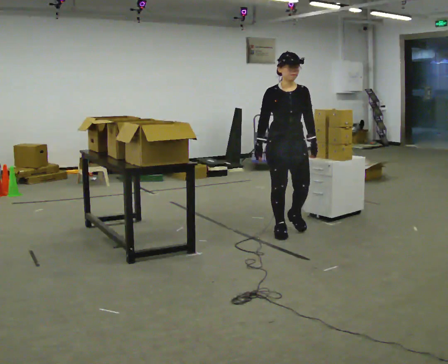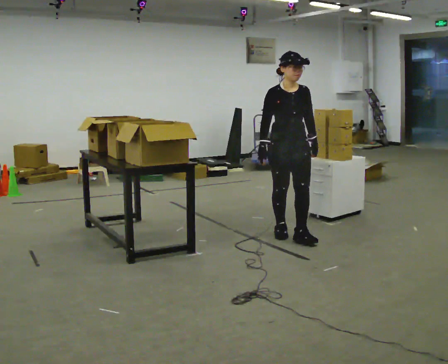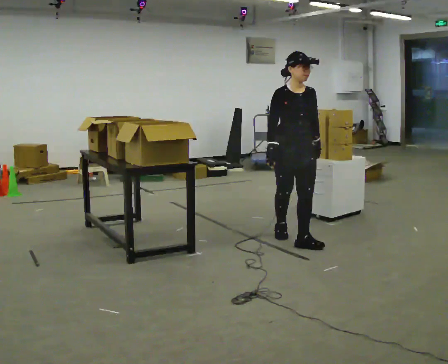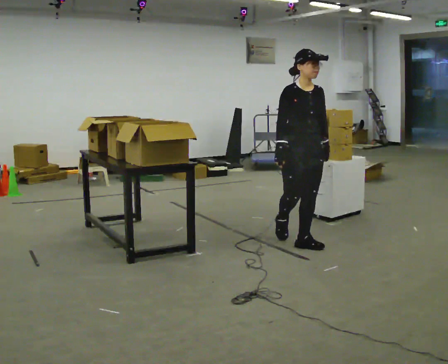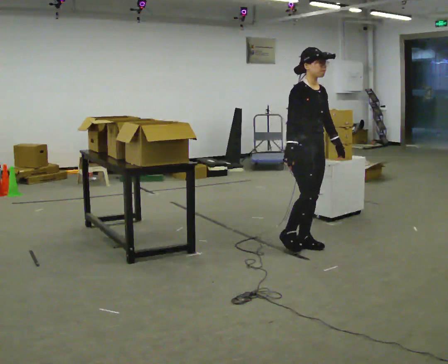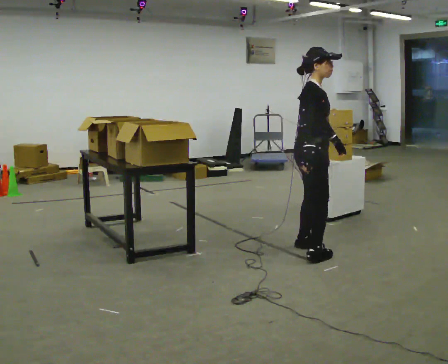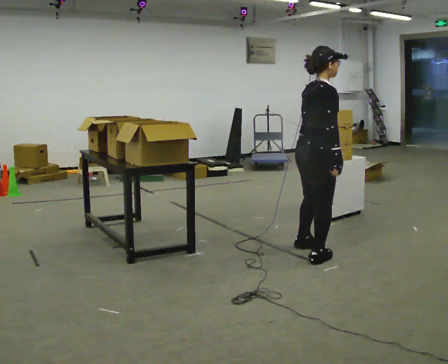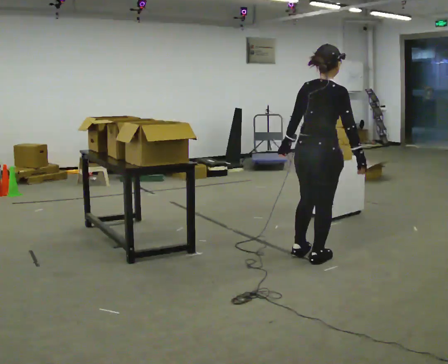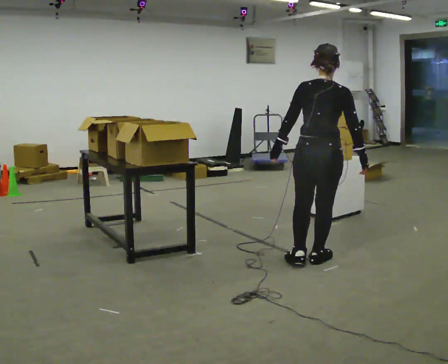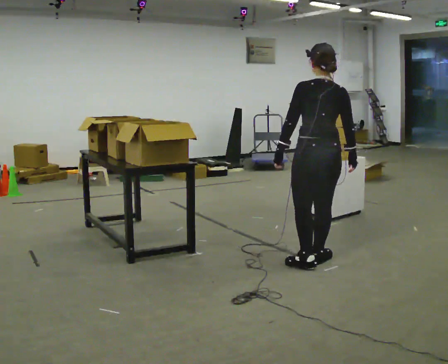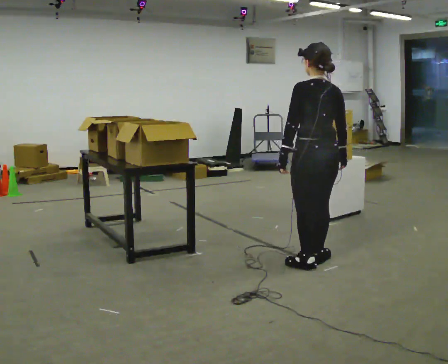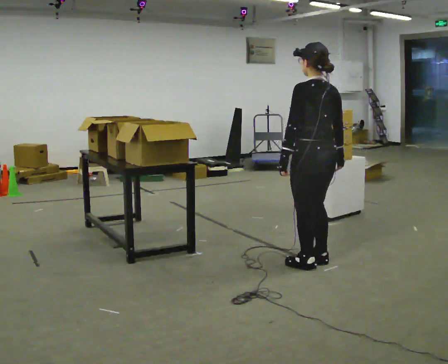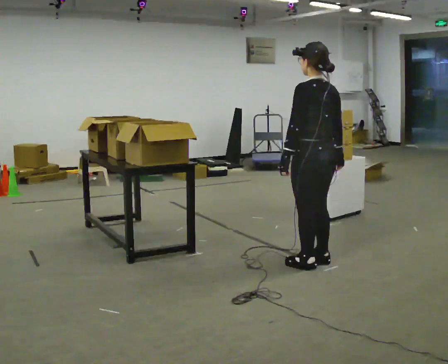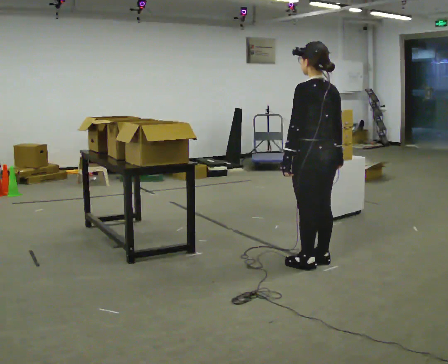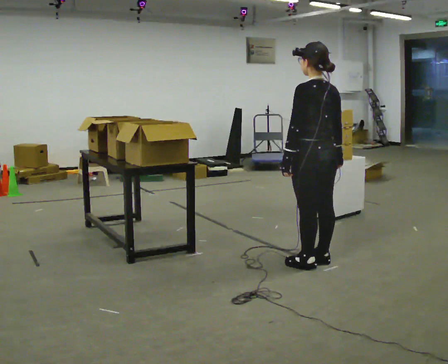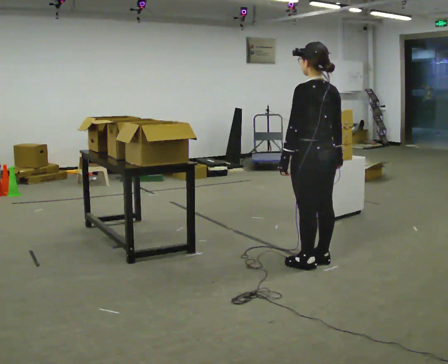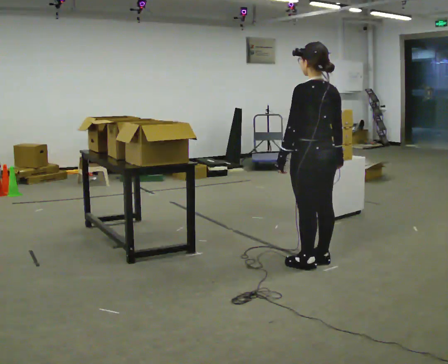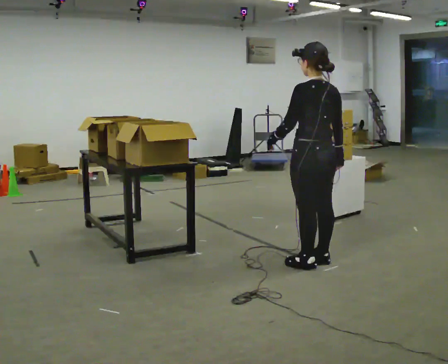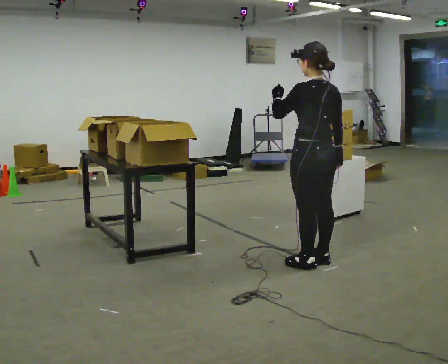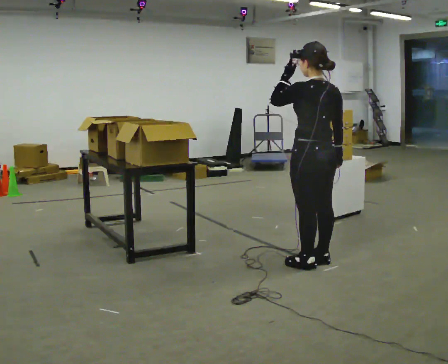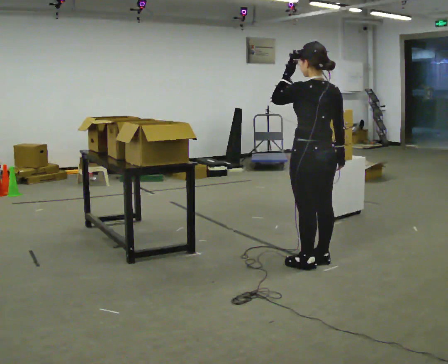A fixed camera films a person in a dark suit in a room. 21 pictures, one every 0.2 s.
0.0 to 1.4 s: Seen from above the body turns counterclockwise, about 135 degrees: to their left, with its near side sliding to the right. In the picture they go toward the camera, about 0.5 m in 2 steps.
1.4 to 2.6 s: The person turns about 75 degrees to their left, counterclockwise seen from above, so the part of the body nearest the lens slides to the right.
2.6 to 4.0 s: In the picture their left hand goes upward.
The film runs forward here.
